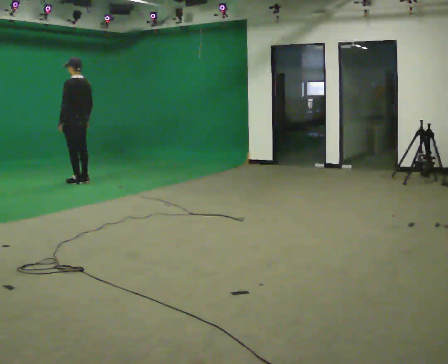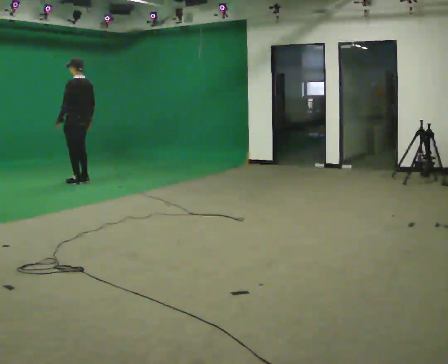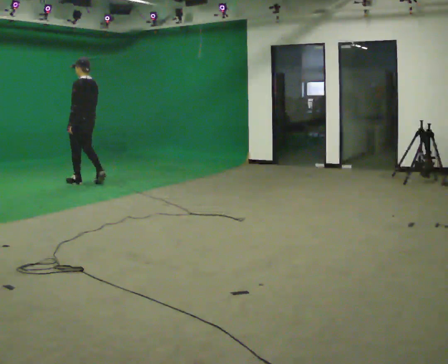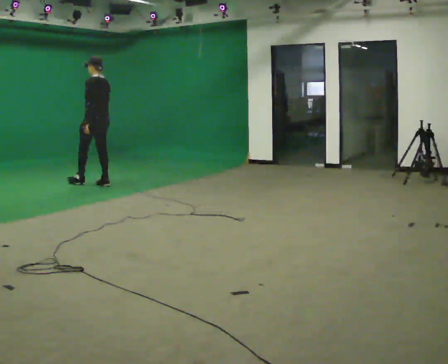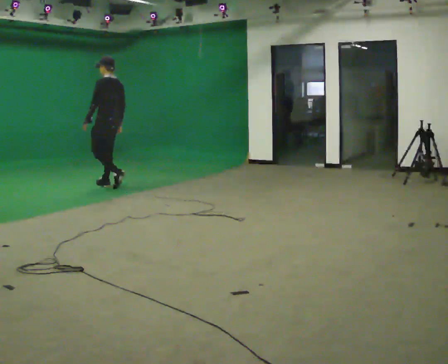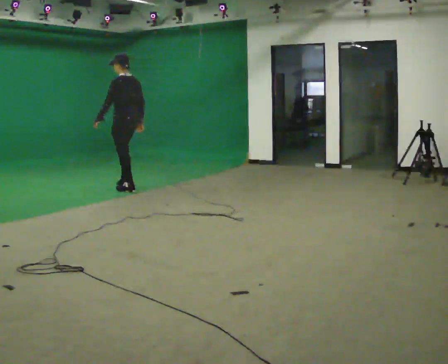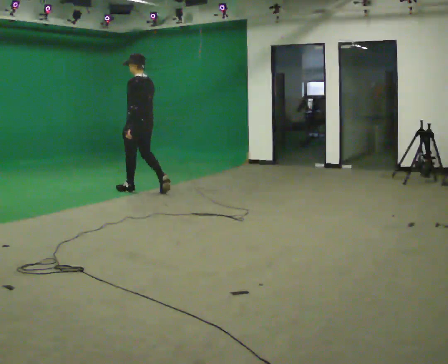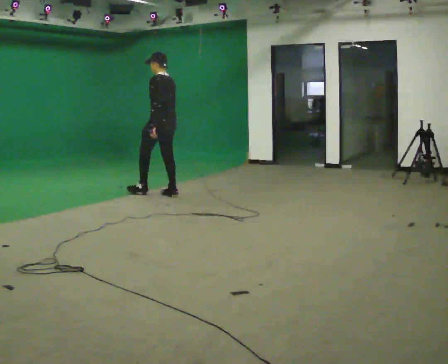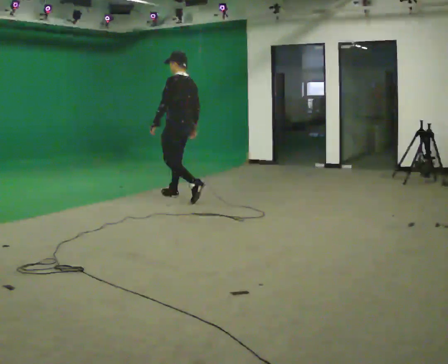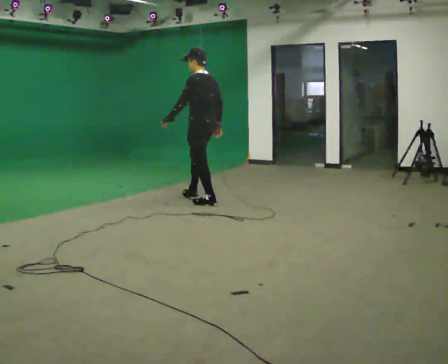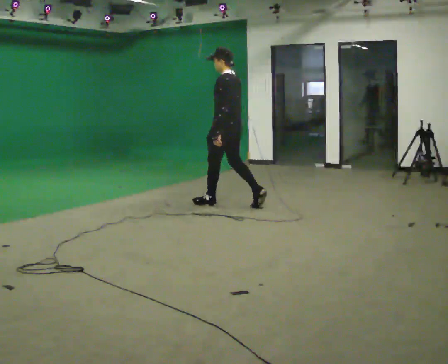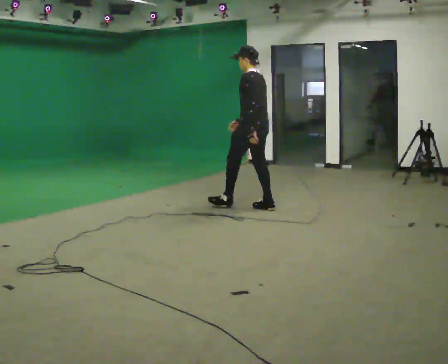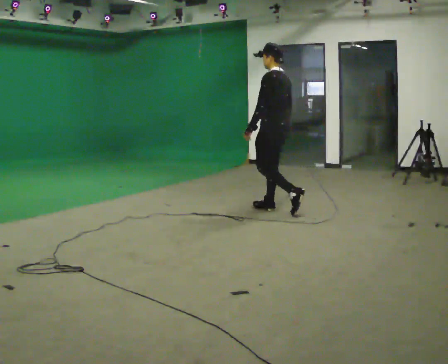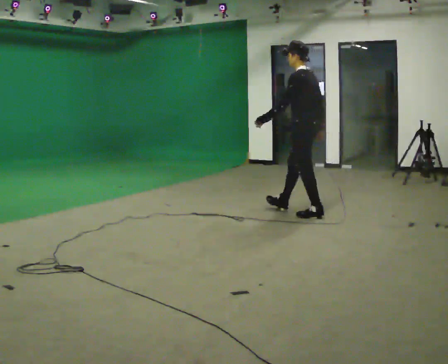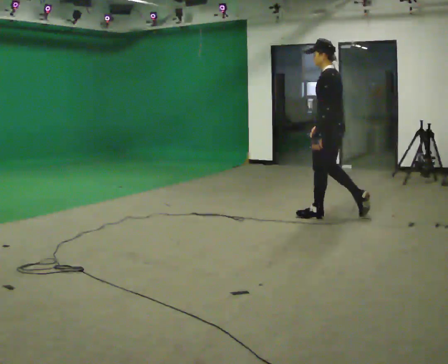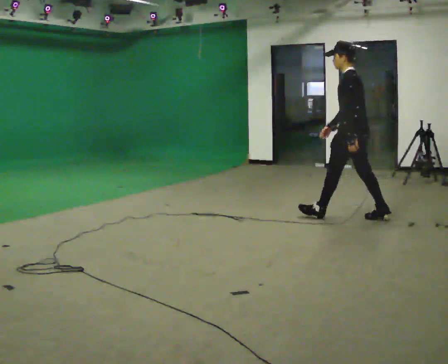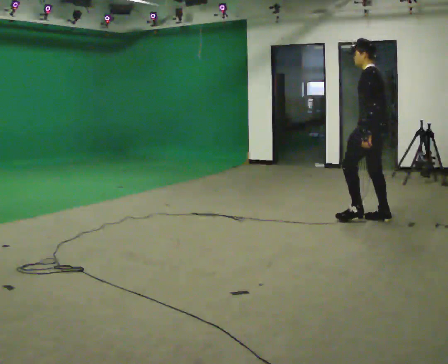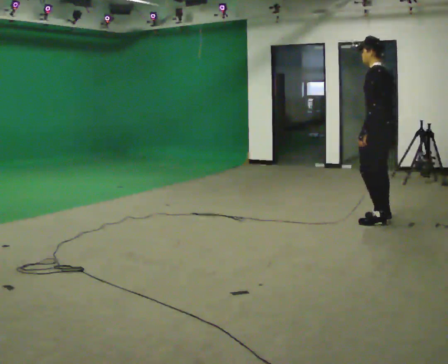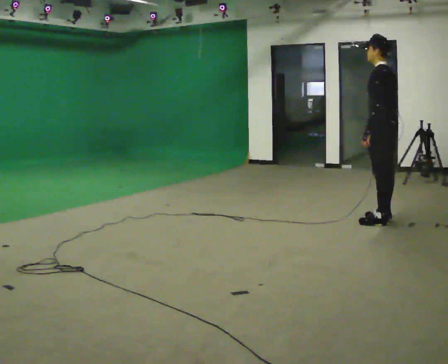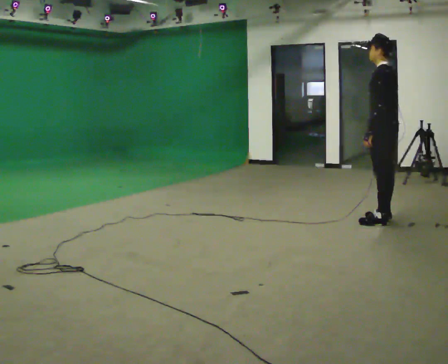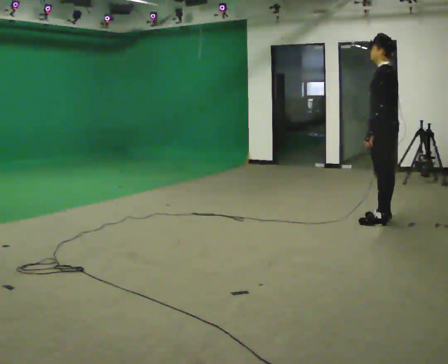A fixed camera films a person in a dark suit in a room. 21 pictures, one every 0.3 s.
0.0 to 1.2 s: In the picture they go to the right and toward the camera, about 0.5 m in 2 steps, which for them is backward.
1.2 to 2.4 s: In the picture they go to the right and toward the camera, about 1 m in 2 steps, which for them is backward.
2.4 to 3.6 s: In the picture they go to the right and toward the camera, about 1.5 m in 2 steps, which for them is backward.
3.6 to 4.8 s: In the picture they go to the right and toward the camera, about 1 m in 2 steps, which for them is backward.
4.8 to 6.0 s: The person moves a little, or ends about where they began.
The film runs backward here.
